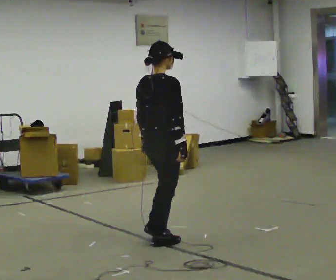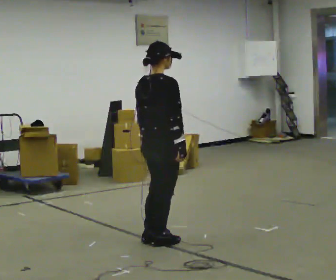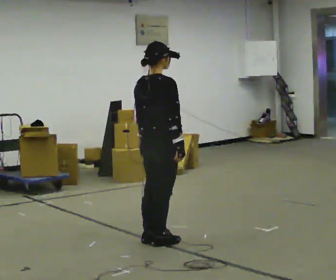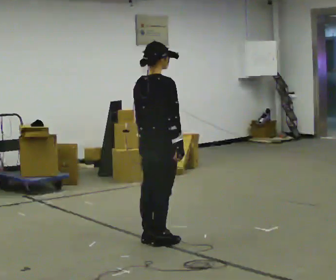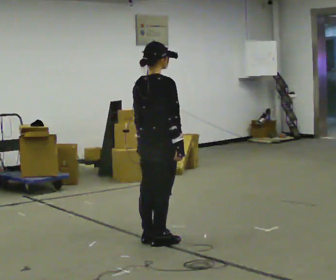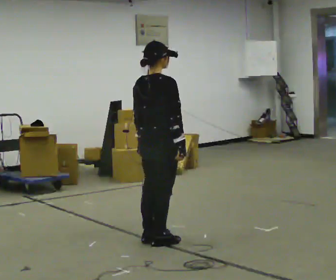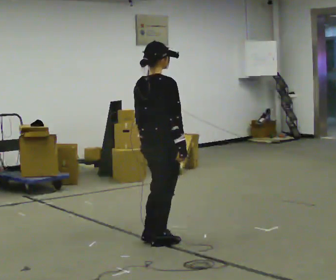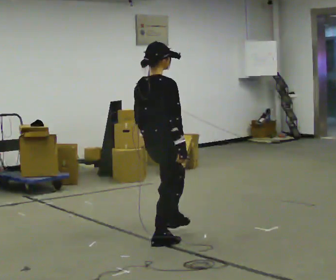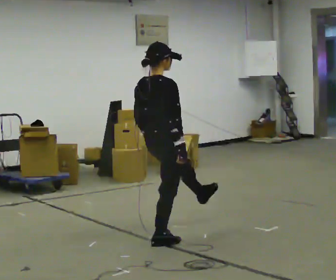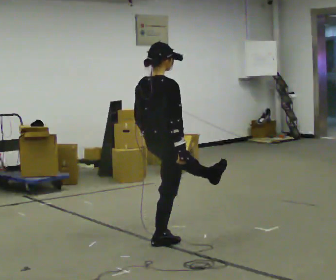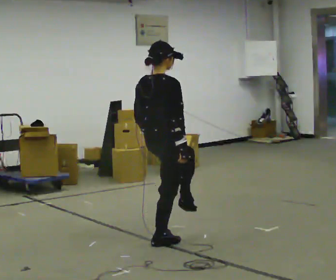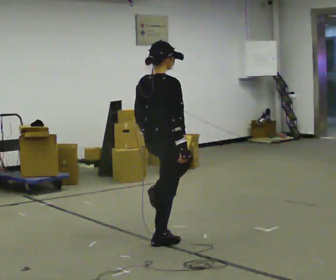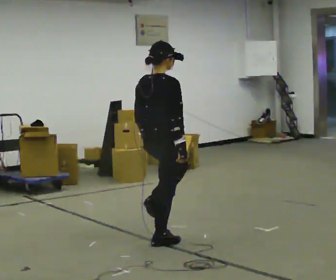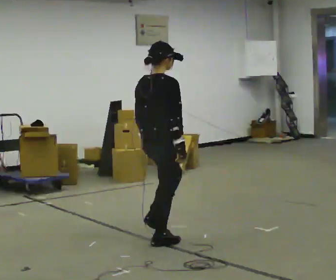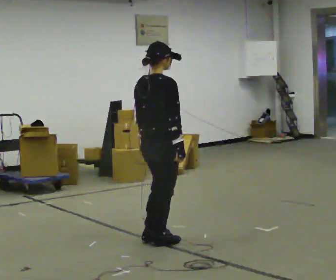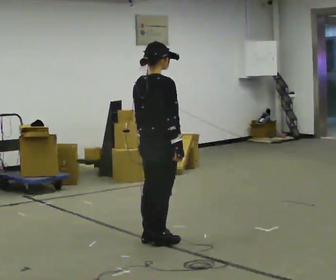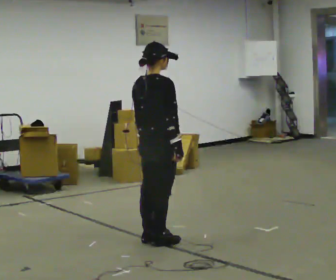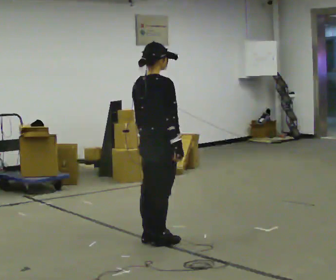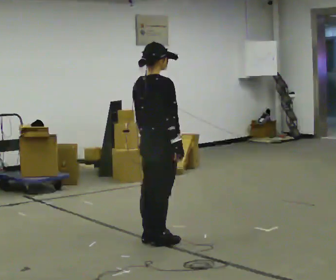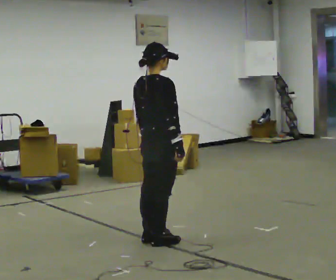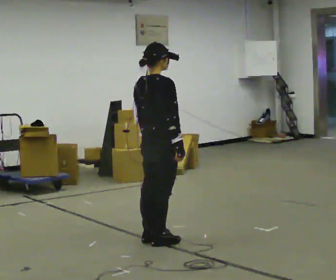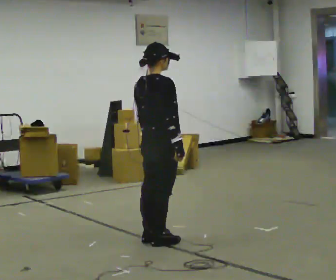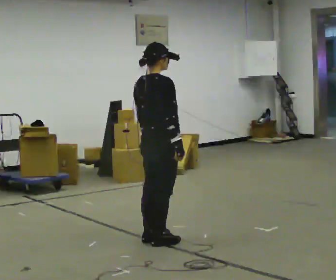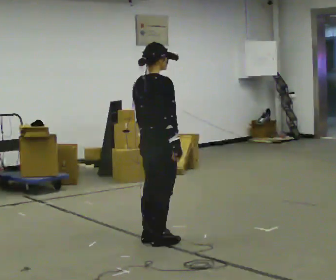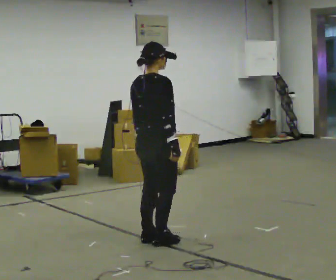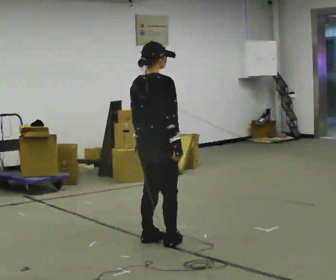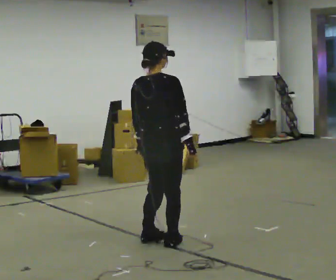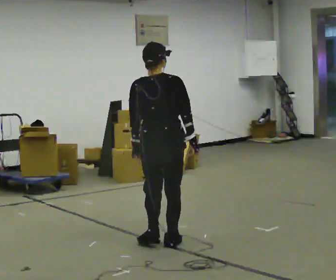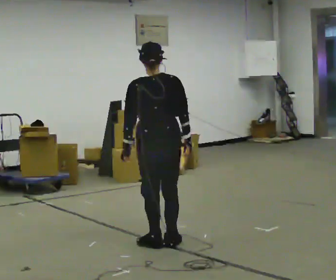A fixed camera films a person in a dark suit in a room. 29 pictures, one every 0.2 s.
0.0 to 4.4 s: The person moves a little, or ends about where they began.
4.4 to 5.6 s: The part of the body nearest the lens slides to the right as the person turns to their left by about 60 degrees.
The film runs backward here.
